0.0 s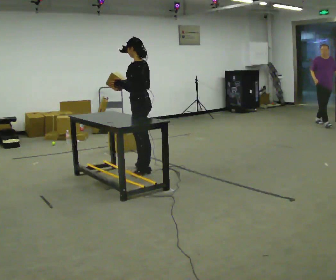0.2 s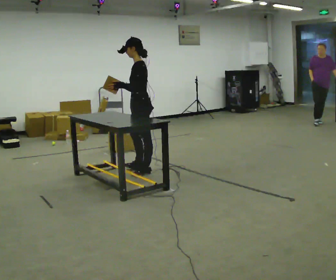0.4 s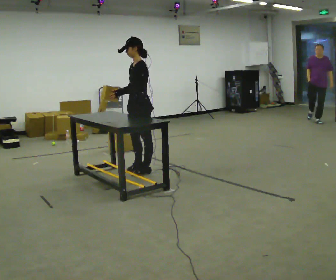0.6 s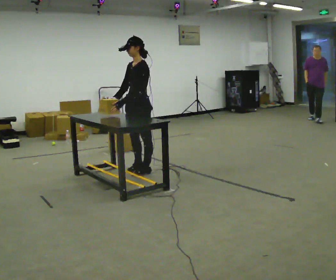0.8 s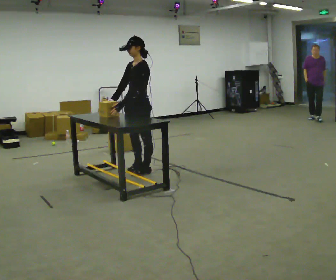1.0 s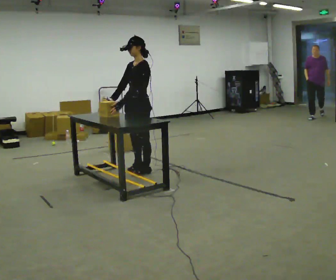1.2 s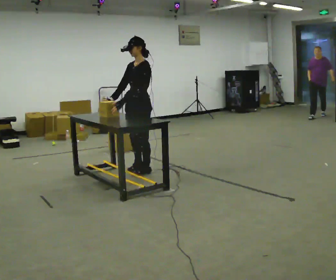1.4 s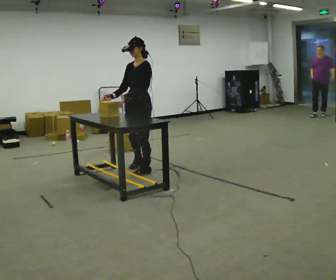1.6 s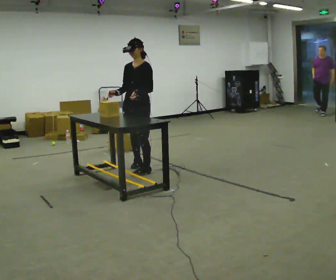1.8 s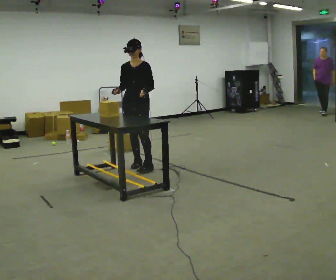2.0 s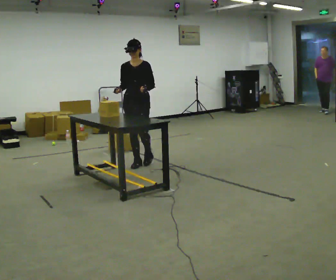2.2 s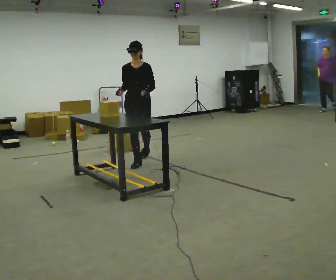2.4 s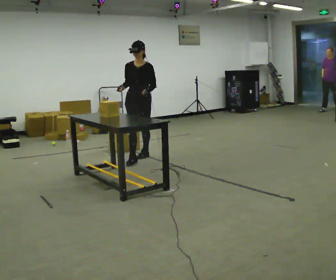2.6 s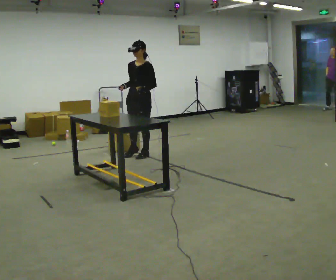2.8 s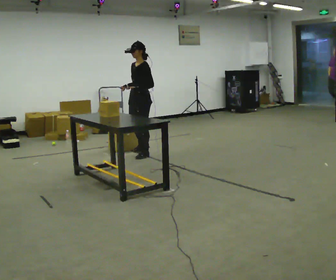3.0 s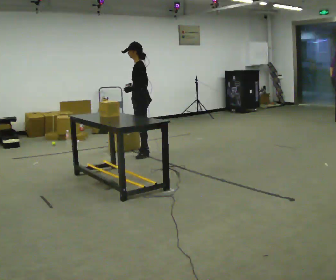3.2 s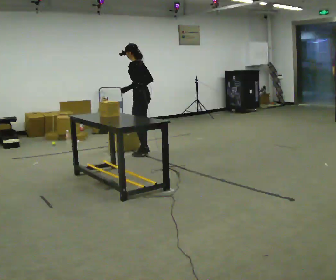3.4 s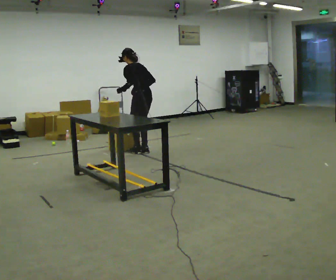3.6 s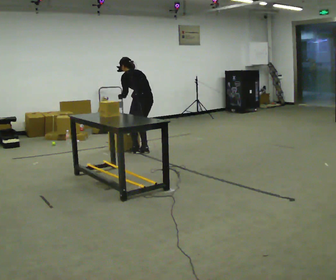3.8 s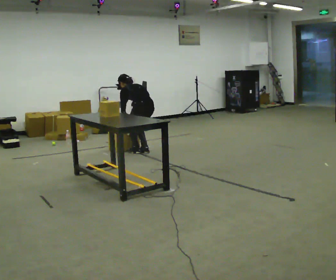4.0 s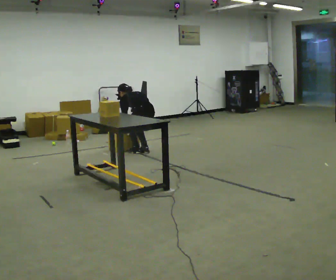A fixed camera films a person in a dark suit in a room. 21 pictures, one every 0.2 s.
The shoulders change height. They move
downward.
The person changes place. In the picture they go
away from the camera.
0.0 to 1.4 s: The person turns about 60 degrees to their left, counterclockwise seen from above, so the part of the body nearest the lens slides to the right.
1.4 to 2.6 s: In the picture they go away from the camera, about 0.75 m in 2 steps, which for them is backward.
2.6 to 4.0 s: The part of the body nearest the lens slides to the left as the person turns to their right by about 120 degrees. In the picture they go away from the camera, about 0.25 m in 1 step. The shoulders move downward. The upper body tips away from the camera, its near side rolling upward, as they bend forward. In the picture their left hand goes downward and to the left.
The film runs backward here.
